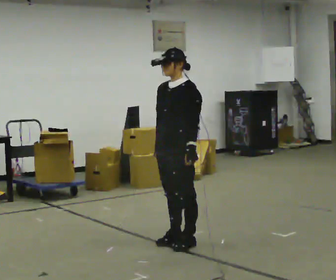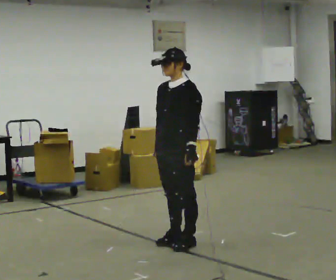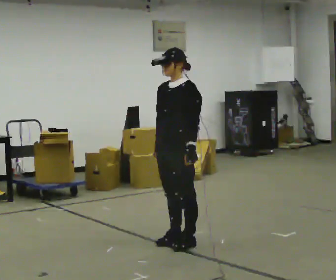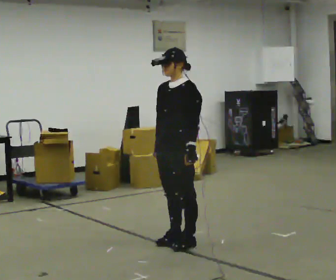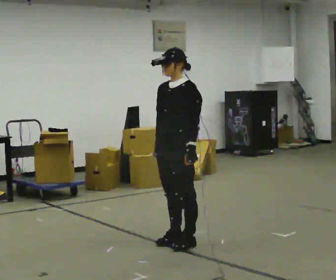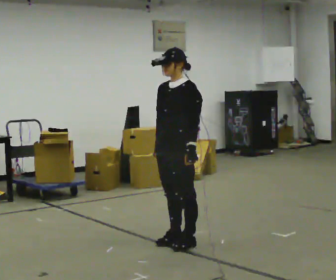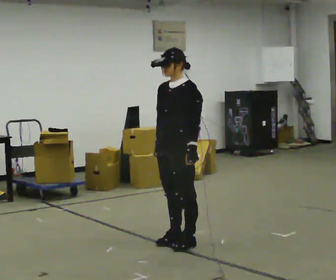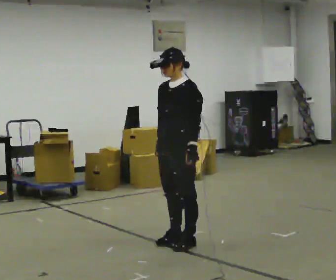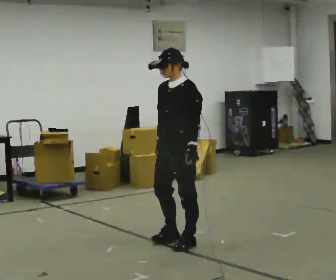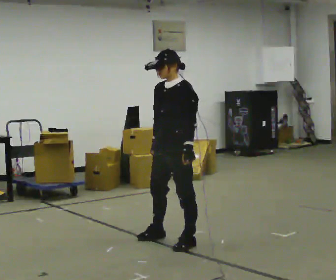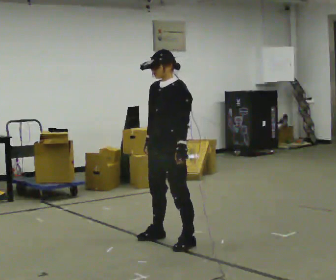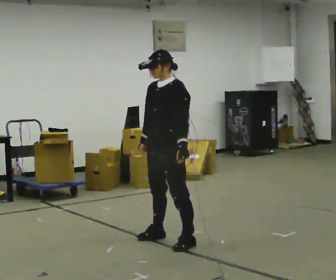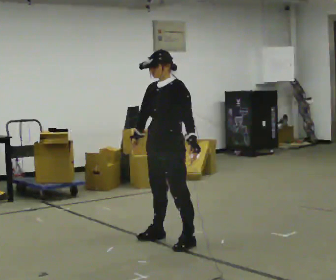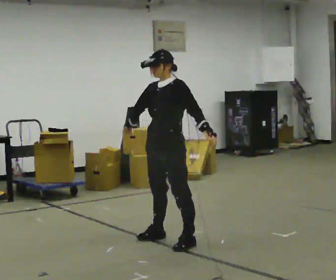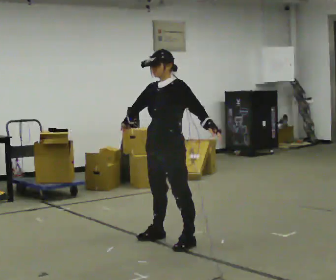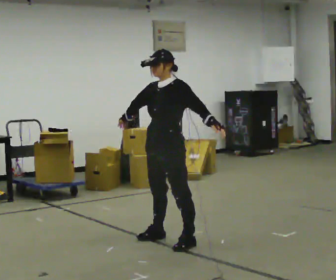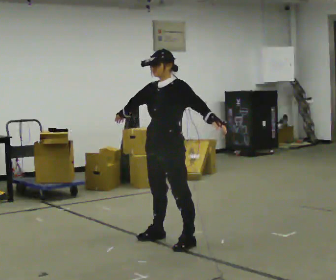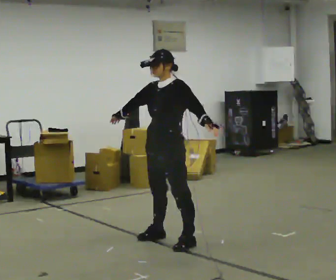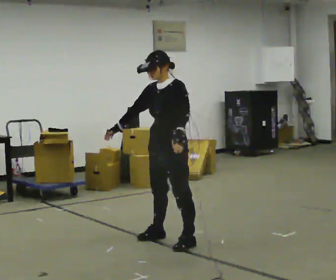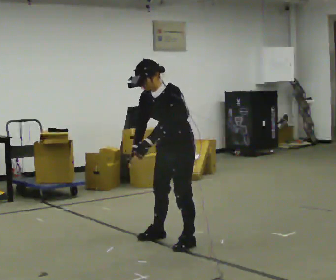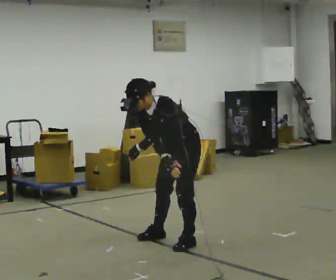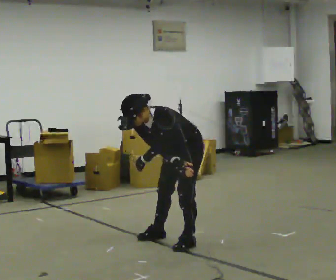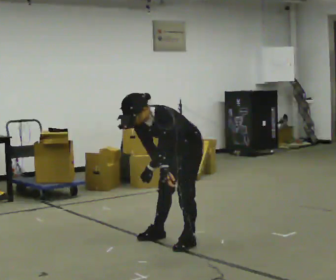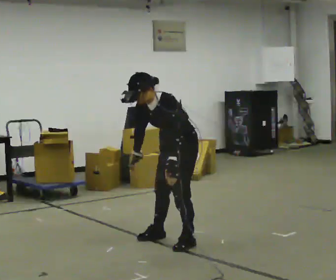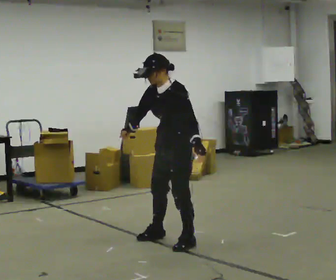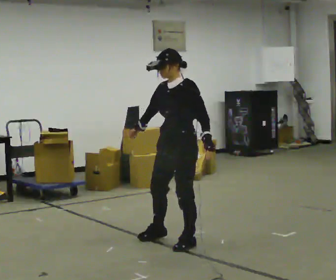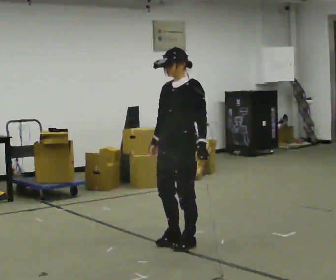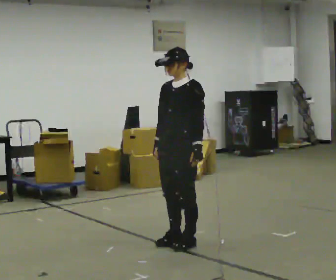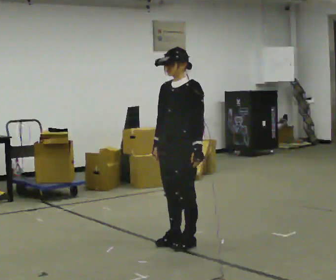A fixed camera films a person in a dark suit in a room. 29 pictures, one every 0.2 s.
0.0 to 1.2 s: The person keeps their place and pose.
1.2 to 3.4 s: In the picture their right hand goes to the left.
3.4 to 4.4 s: The upper body goes downward. In the picture the upper body tilts counterclockwise, shoulders to the left, as they bend forward. In the picture their right hand goes downward and to the right.
4.4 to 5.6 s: The upper body goes upward. In the picture the upper body tilts clockwise, shoulders to the right, as they lean back or straighten.
The film runs forward here.
